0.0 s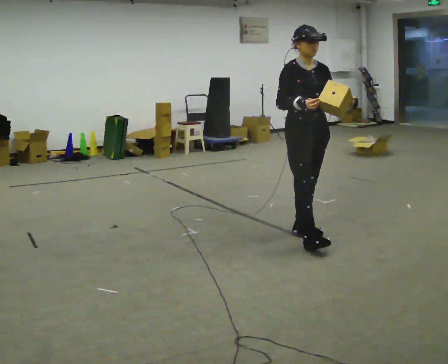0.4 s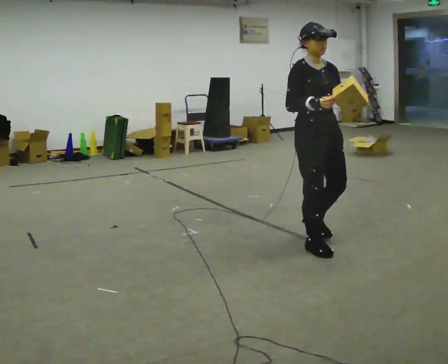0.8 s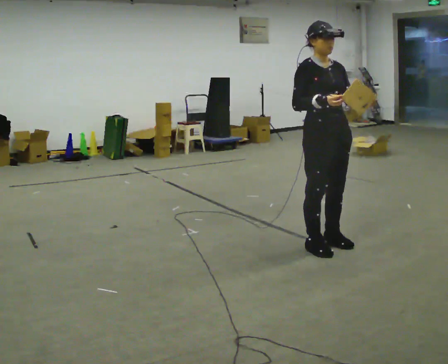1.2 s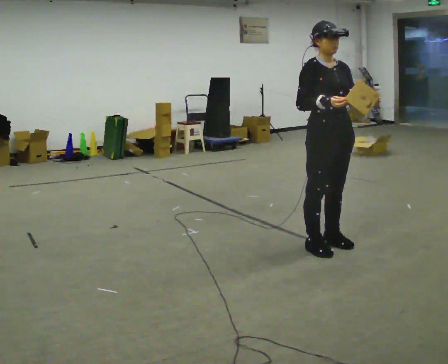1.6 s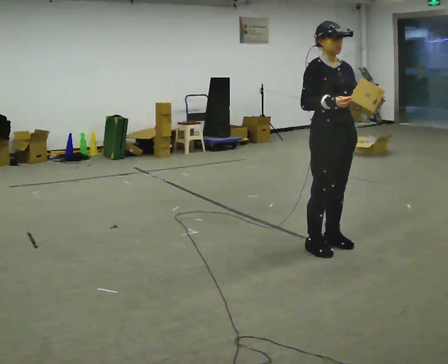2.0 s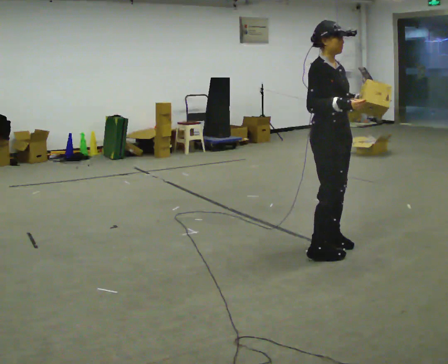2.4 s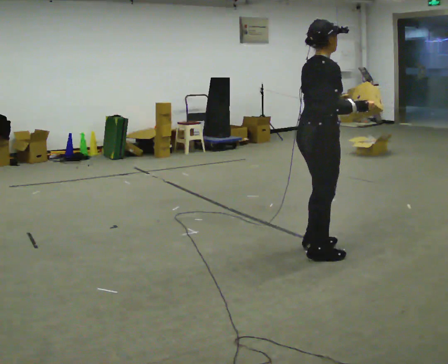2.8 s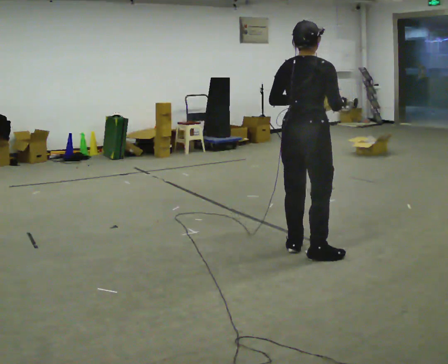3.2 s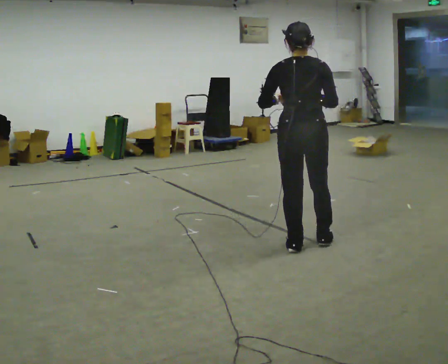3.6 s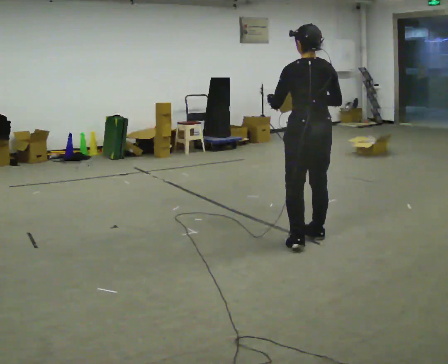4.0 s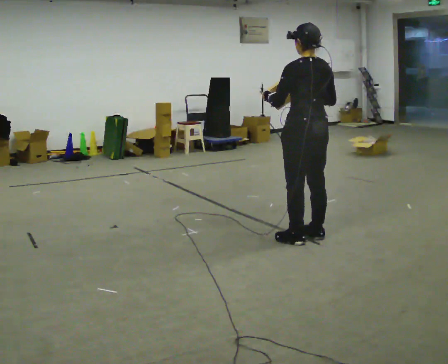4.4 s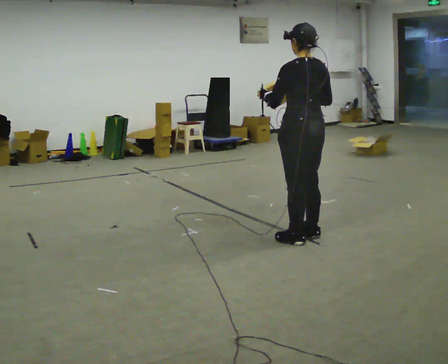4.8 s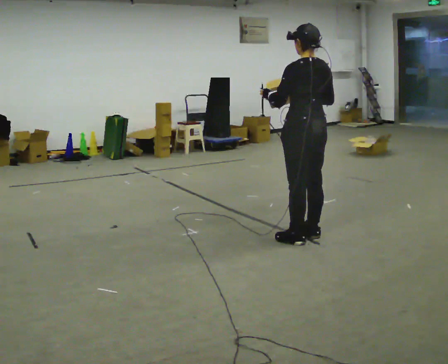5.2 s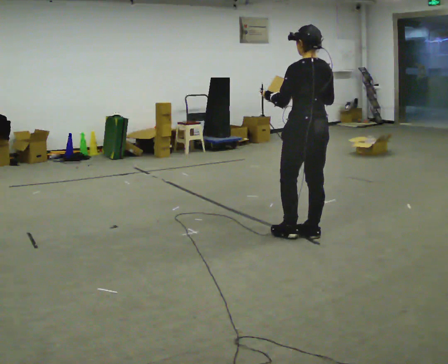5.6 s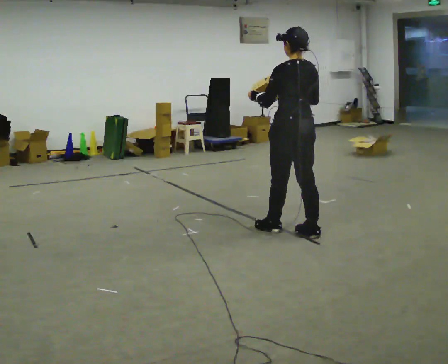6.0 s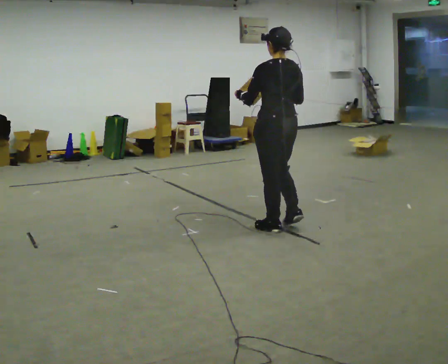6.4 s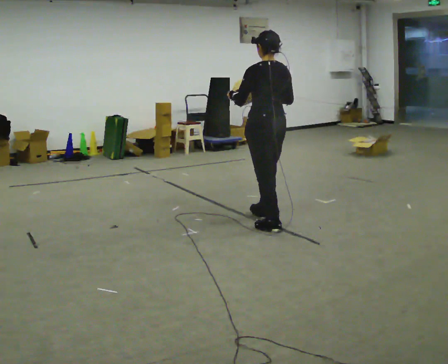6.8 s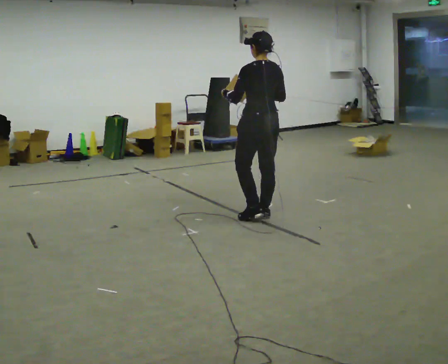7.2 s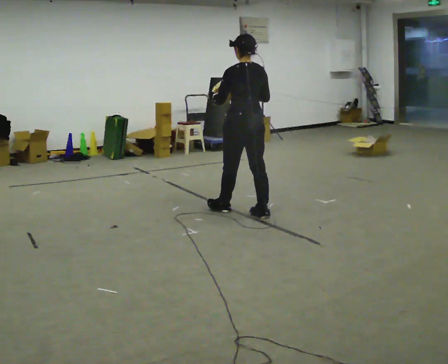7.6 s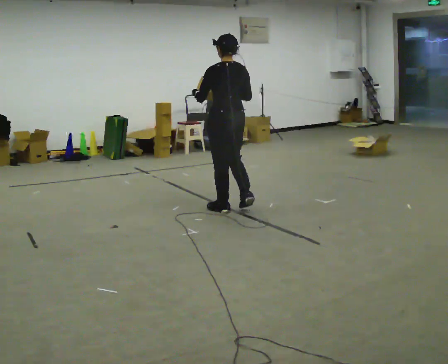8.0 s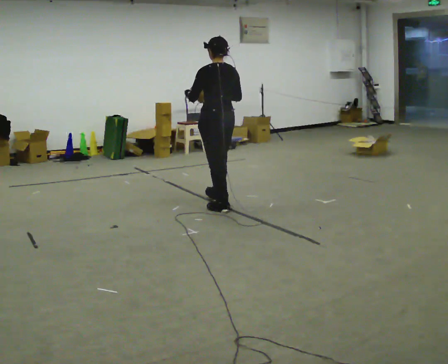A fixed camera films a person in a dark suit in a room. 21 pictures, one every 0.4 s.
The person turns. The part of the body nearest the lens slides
to the right.
The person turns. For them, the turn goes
to their left.
0.0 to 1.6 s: In the picture they go toward the camera and to the right, about 0.25 m in 2 steps, which for them is forward.
1.6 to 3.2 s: Seen from above the body turns counterclockwise, about 150 degrees: to their left, with its near side sliding to the right. In the picture they go to the left, about 0.25 m in 2 steps. In the picture their left hand goes to the left.
3.2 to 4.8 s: The part of the body nearest the lens slides to the right as the person turns to their left by about 45 degrees. In the picture they go away from the camera, about 0.25 m in 2 steps, which for them is forward and to their right.
4.8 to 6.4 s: In the picture they go away from the camera and to the left, about 0.5 m in 2 steps, which for them is forward.
6.4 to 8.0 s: In the picture they go away from the camera and to the left, about 0.5 m in 2 steps, which for them is forward.
The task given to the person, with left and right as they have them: Carry the object and, while walking, turn it over in your hands to look at all sides of it. Keep turning it as you walk.
The film runs forward here.
